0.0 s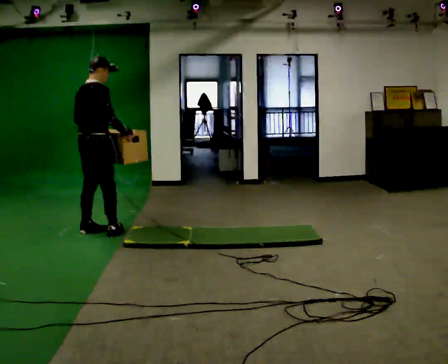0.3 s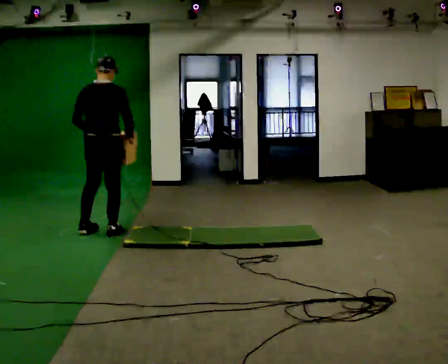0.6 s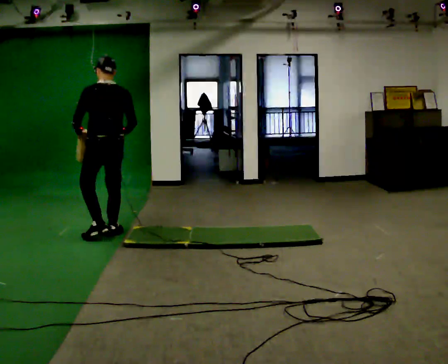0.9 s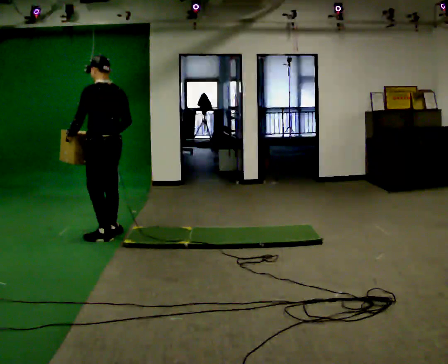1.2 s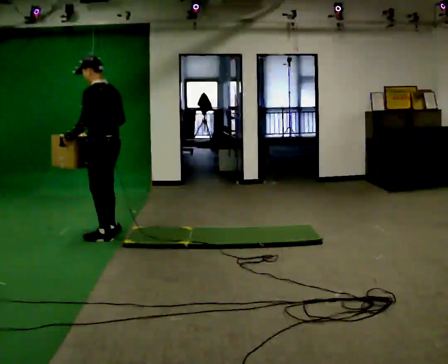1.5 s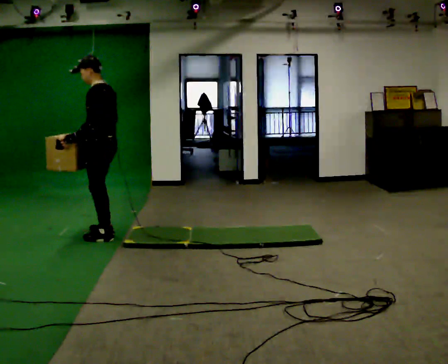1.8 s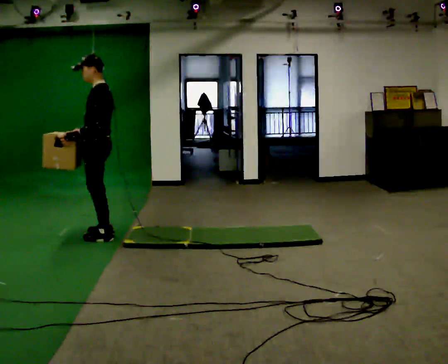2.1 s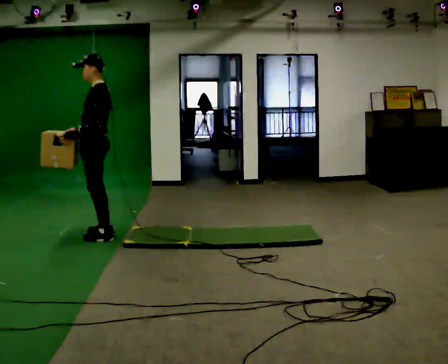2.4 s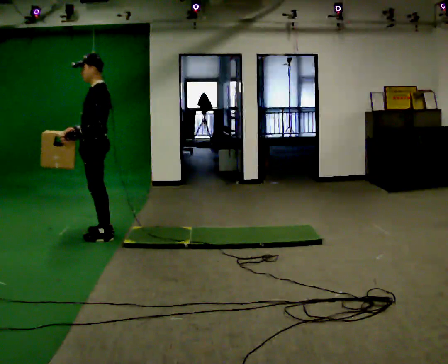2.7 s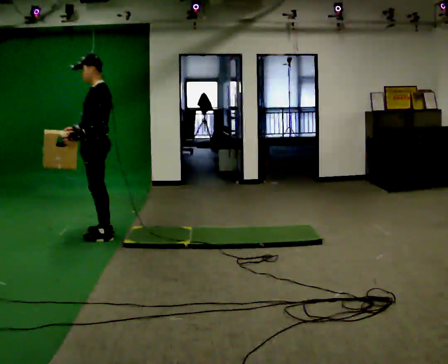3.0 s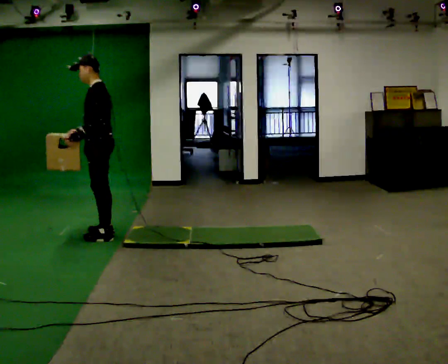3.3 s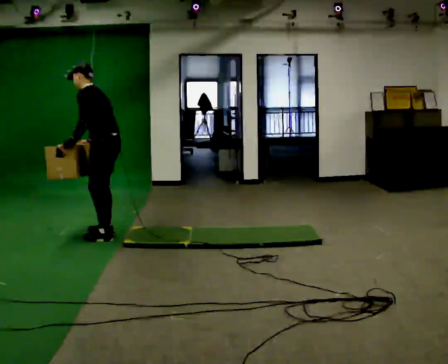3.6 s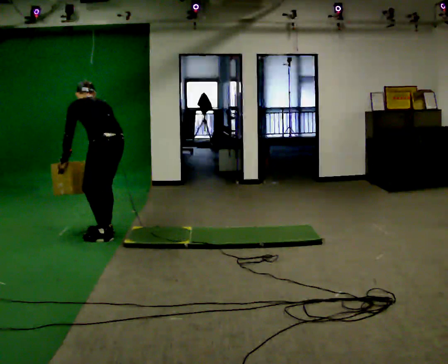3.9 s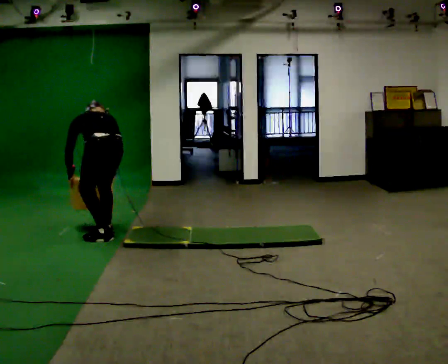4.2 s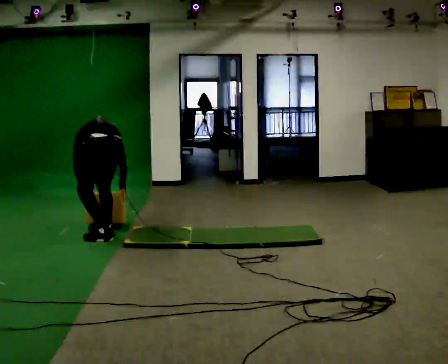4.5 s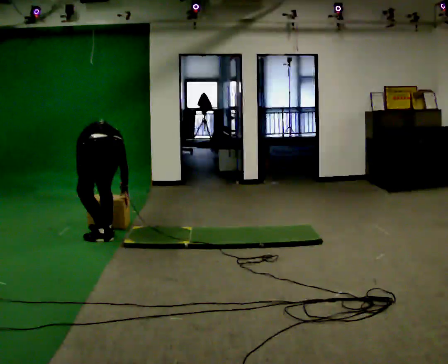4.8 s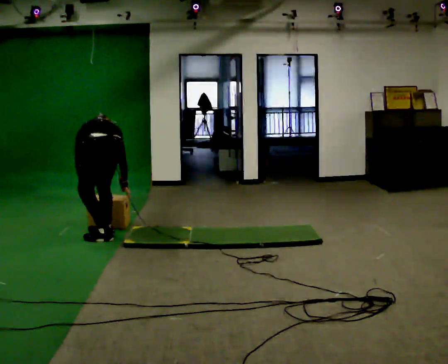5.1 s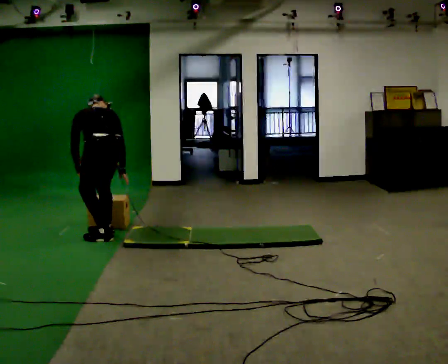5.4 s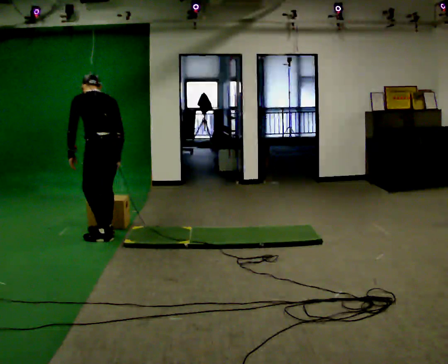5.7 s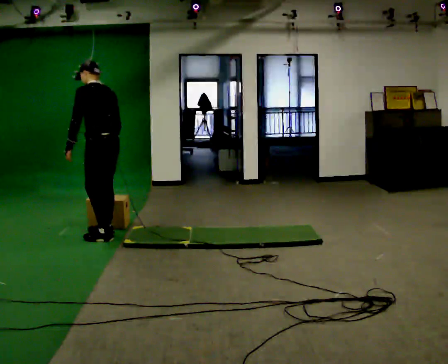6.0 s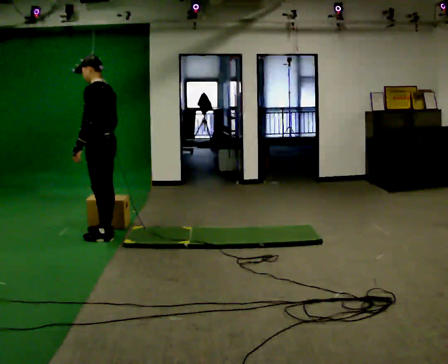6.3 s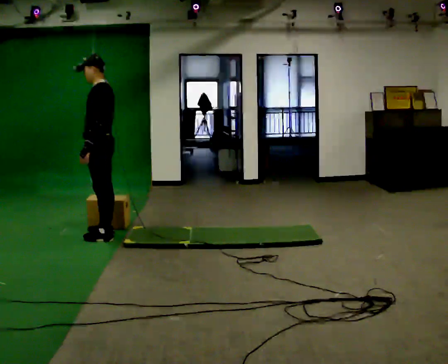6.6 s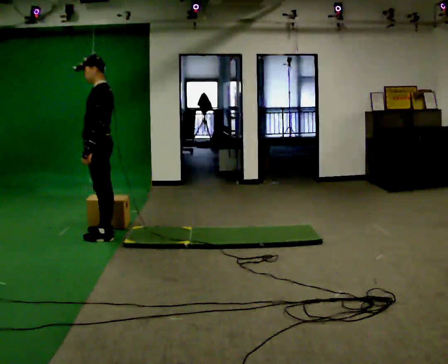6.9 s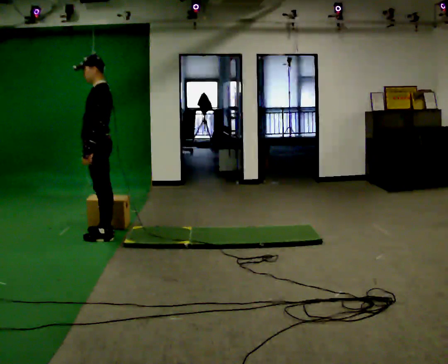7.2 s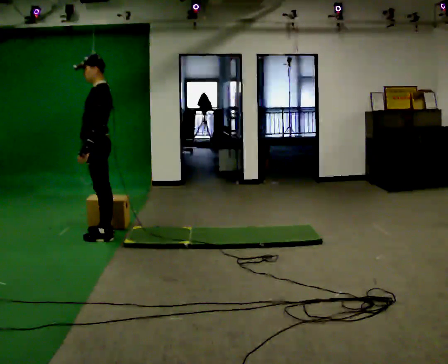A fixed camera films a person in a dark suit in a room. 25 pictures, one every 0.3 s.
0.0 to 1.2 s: The person turns about 105 degrees to their left, counterclockwise seen from above, so the part of the body nearest the lens slides to the right. In the picture they go to the right and toward the camera, about 0.25 m in 1 step.
1.2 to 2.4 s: The part of the body nearest the lens slides to the right as the person turns to their left by about 30 degrees.
2.4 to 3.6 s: The person turns about 45 degrees to their right, clockwise seen from above, so the part of the body nearest the lens slides to the left. The upper body tips away from the camera, its near side rolling upward, as they bend forward.
3.6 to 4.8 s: Seen from above the body turns clockwise, about 30 degrees: to their right, with its near side sliding to the left. The shoulders move downward. The upper body tips away from the camera, its near side rolling upward, as they bend forward. In the picture their left hand goes downward.
4.8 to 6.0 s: The person turns about 45 degrees to their left, counterclockwise seen from above, so the part of the body nearest the lens slides to the right. The shoulders move upward. The upper body tips toward the camera, its near side rolling downward, as they lean back or straighten. In the picture their left hand goes upward.
6.0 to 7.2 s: The person moves a little, or ends about where they began.
The film runs backward here.
